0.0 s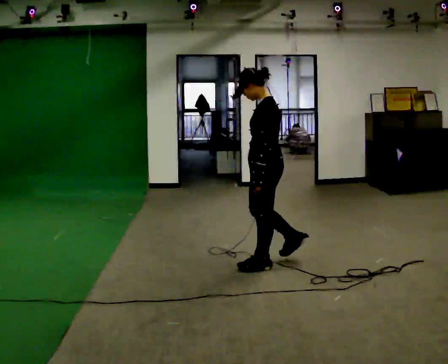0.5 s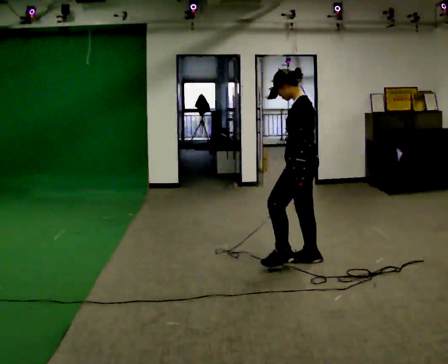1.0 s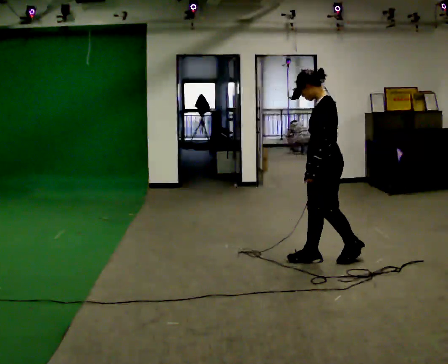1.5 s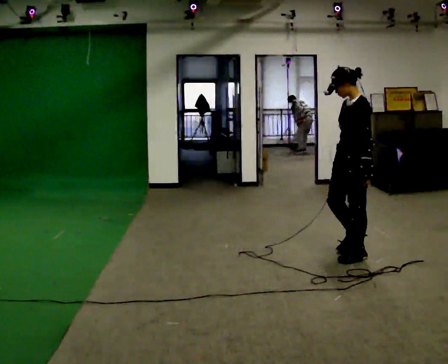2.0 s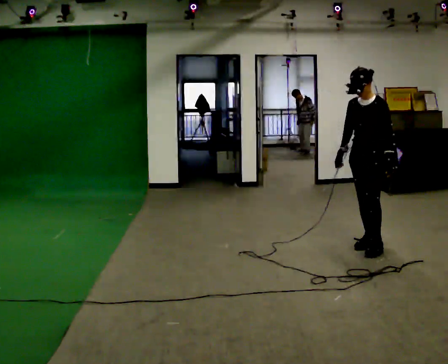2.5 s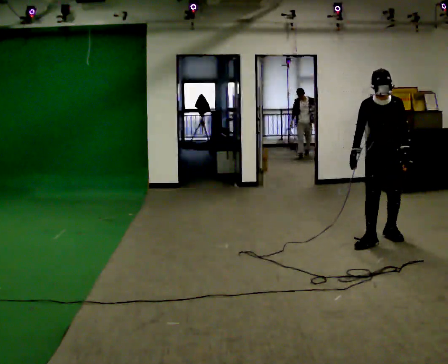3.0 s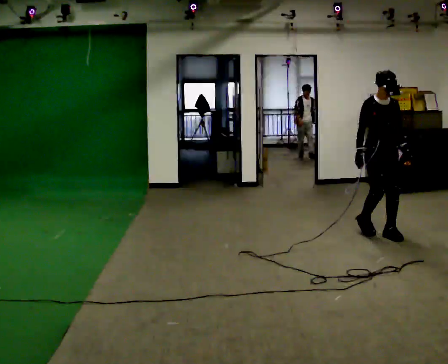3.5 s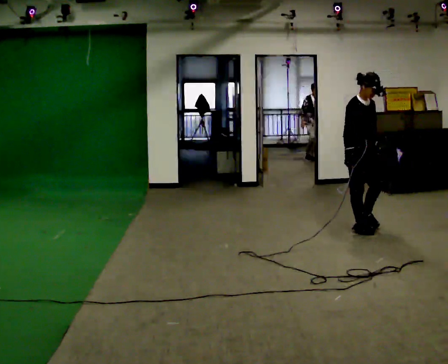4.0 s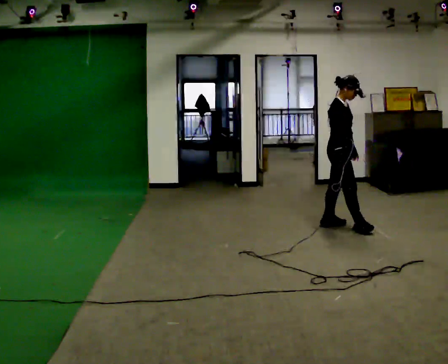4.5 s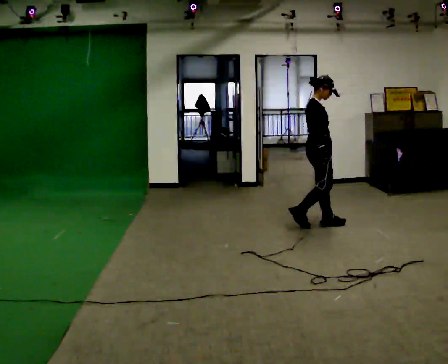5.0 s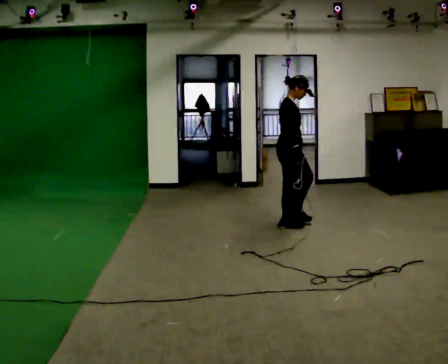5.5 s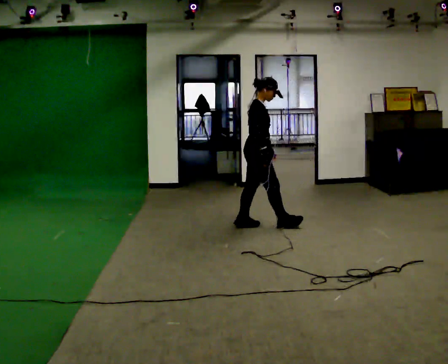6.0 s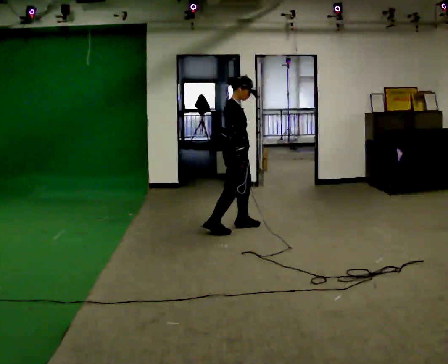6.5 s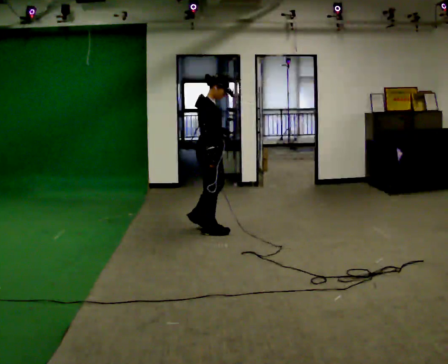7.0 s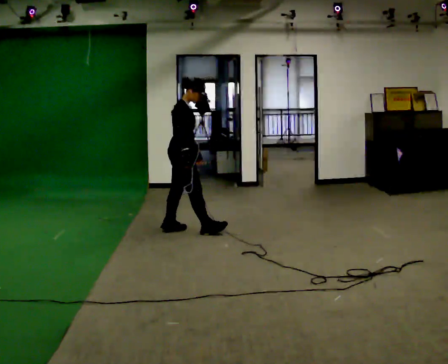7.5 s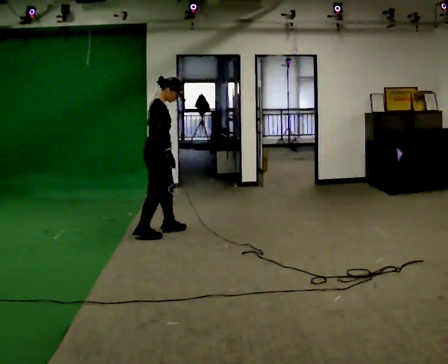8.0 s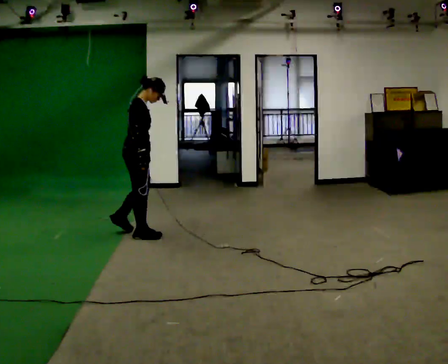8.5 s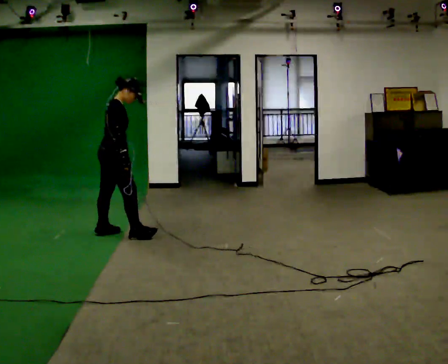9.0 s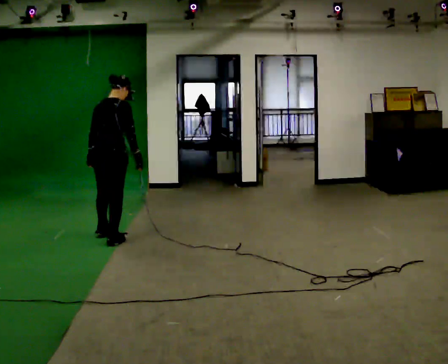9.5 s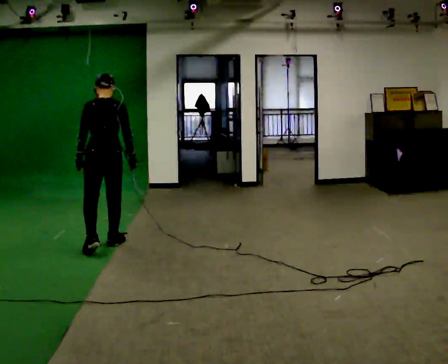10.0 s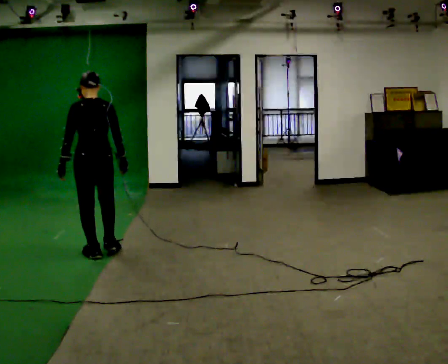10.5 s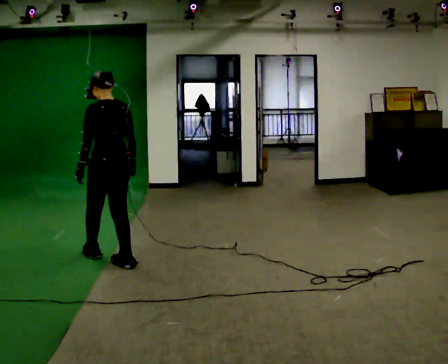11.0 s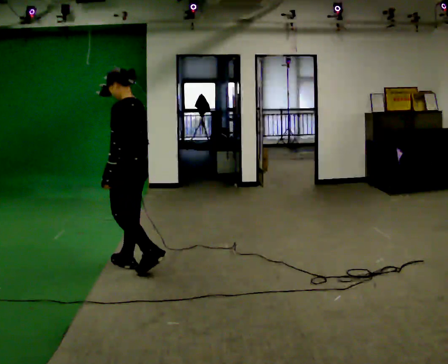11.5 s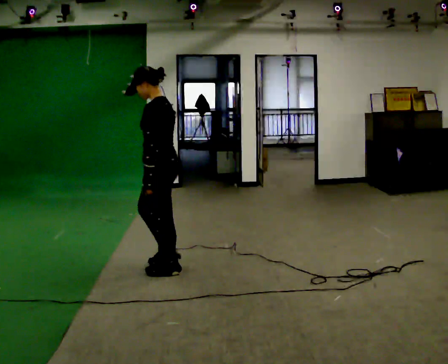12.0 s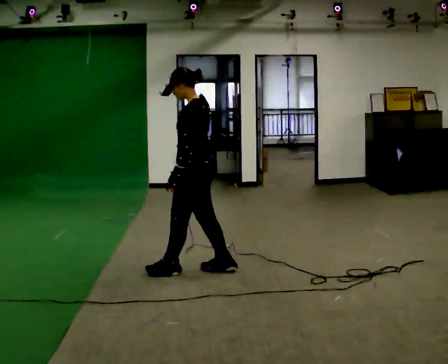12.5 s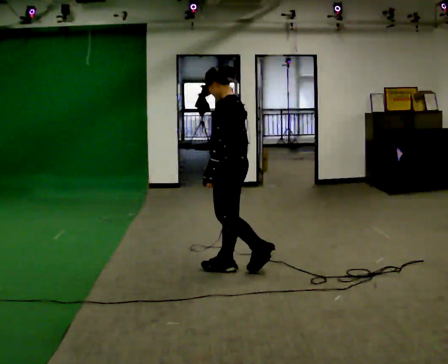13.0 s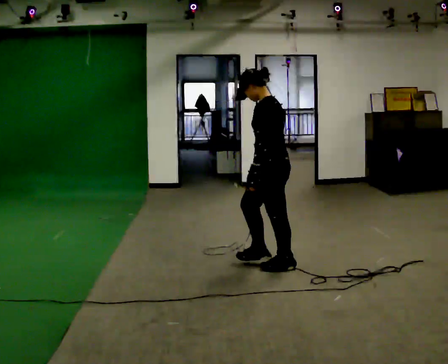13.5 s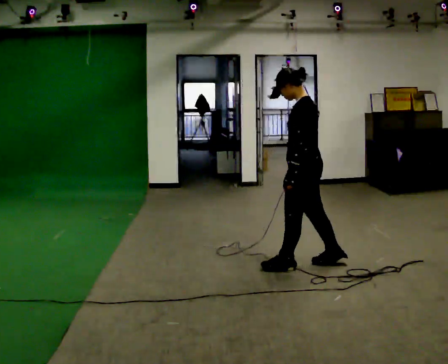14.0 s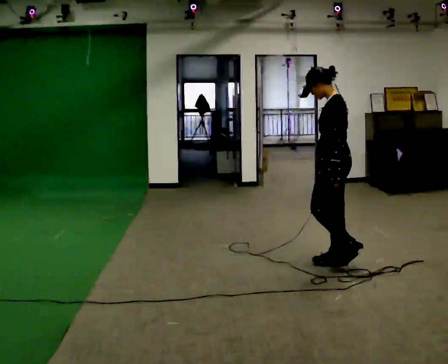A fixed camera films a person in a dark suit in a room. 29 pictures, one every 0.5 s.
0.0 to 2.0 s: Seen from above the body turns counterclockwise, about 45 degrees: to their left, with its near side sliding to the right. In the picture they go to the right, about 1 m in 3 steps, which for them is backward and to their right.
2.0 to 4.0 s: The person turns about 120 degrees to their left, counterclockwise seen from above, so the part of the body nearest the lens slides to the right. In the picture they go away from the camera, about 1 m in 3 steps.
4.0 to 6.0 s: In the picture they go to the left, about 1 m in 2 steps, which for them is backward.
6.0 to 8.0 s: In the picture they go to the left, about 1 m in 3 steps, which for them is backward.
8.0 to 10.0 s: The person turns about 105 degrees to their left, counterclockwise seen from above, so the part of the body nearest the lens slides to the right. In the picture they go toward the camera, about 0.75 m in 3 steps.
10.0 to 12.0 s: The part of the body nearest the lens slides to the right as the person turns to their left by about 60 degrees. In the picture they go to the right and toward the camera, about 1 m in 3 steps.
12.0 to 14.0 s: In the picture they go to the right, about 1 m in 2 steps, which for them is backward.
The film runs forward here.
